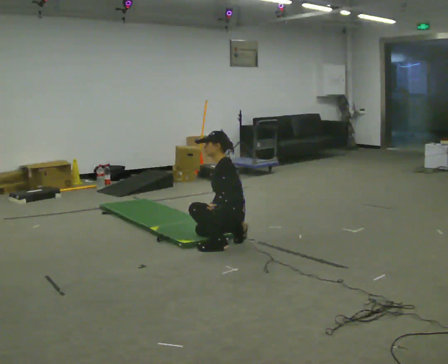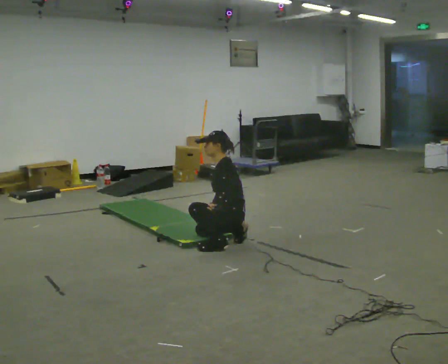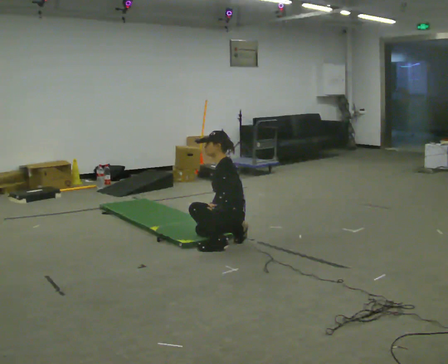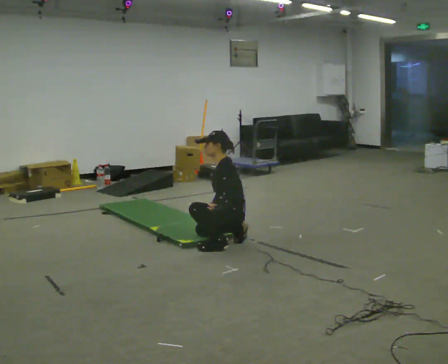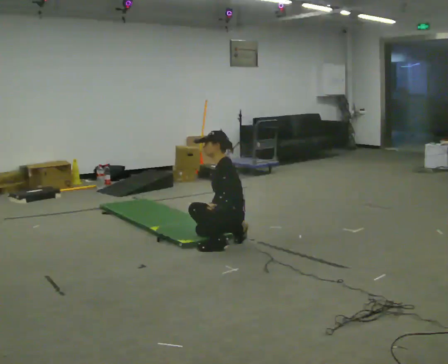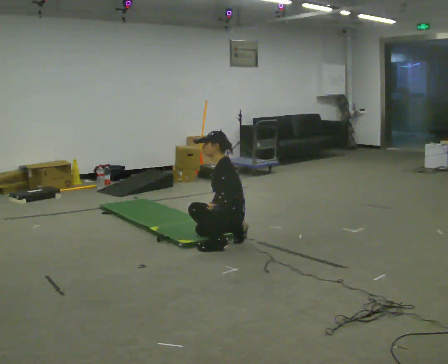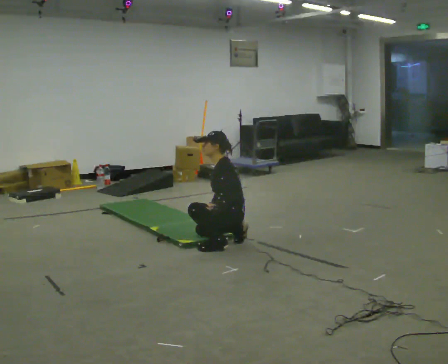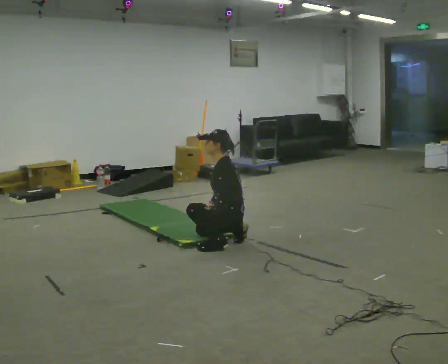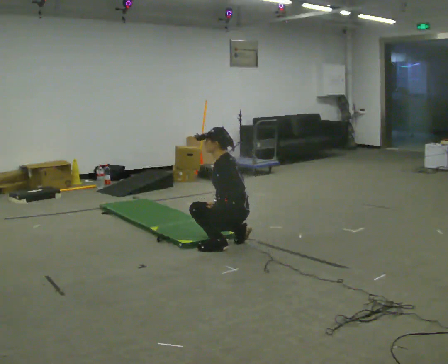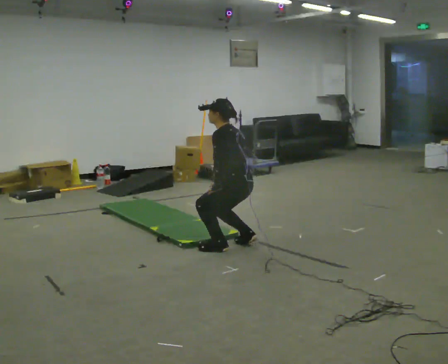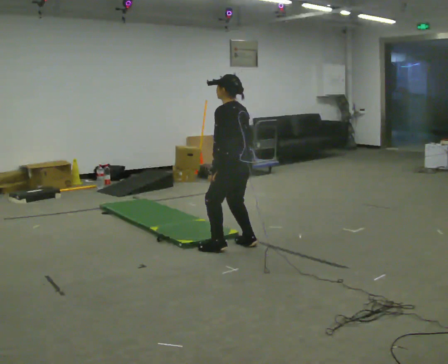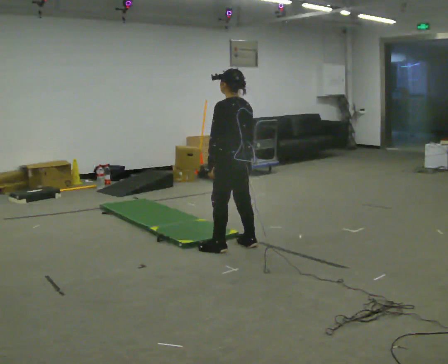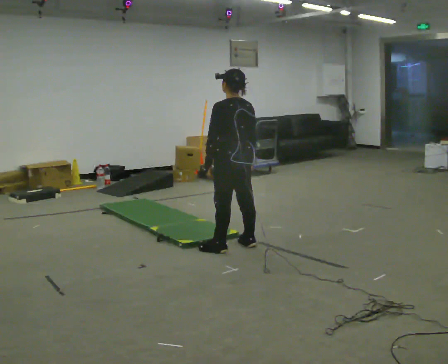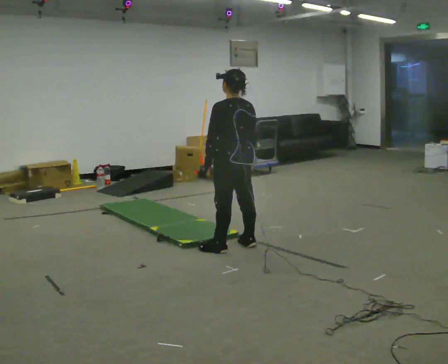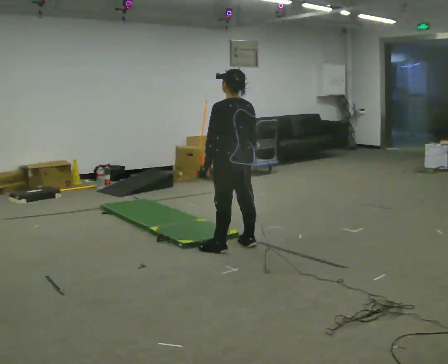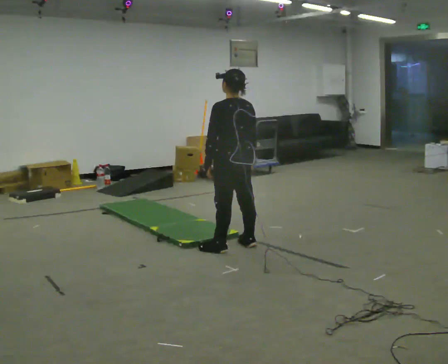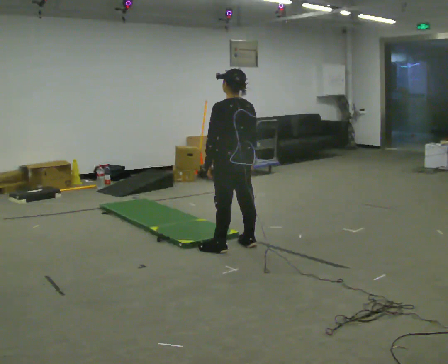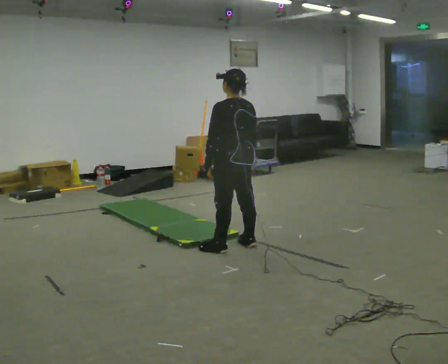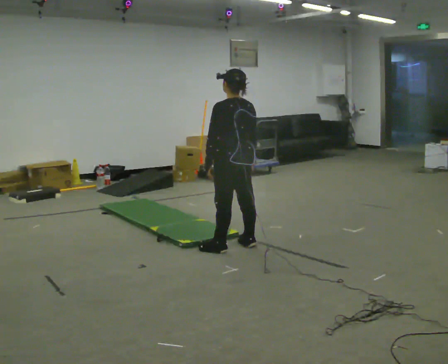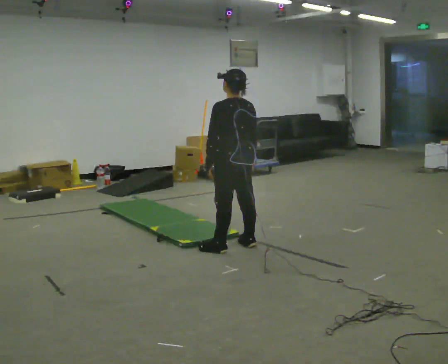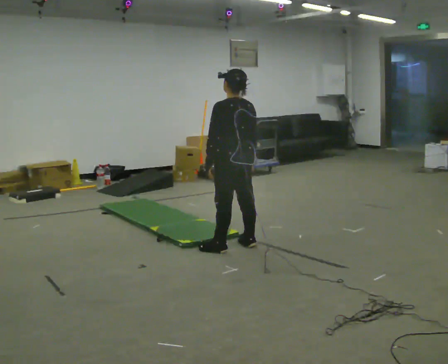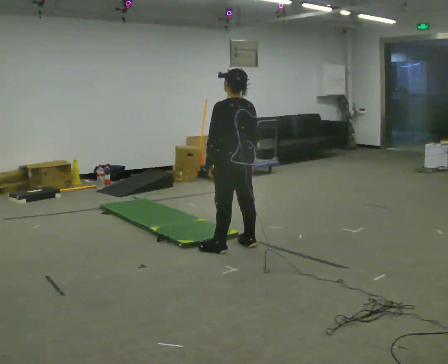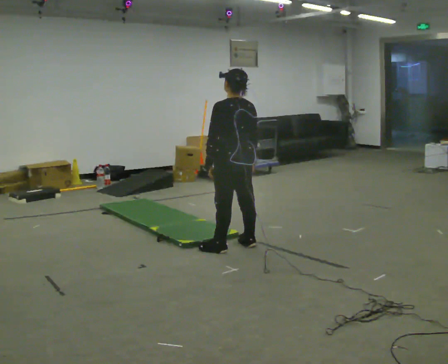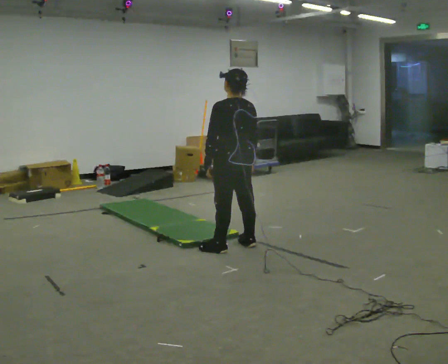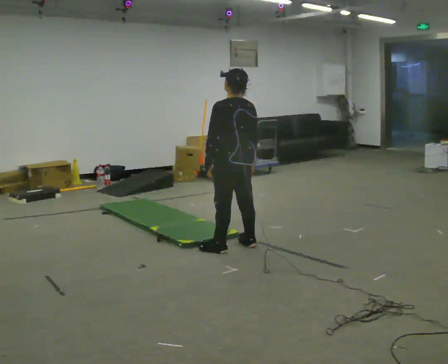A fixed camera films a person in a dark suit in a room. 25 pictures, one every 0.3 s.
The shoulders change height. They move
upward.
Their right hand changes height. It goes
upward.
0.0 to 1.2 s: The person keeps their place and pose.
1.2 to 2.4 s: The person moves a little, or ends about where they began.
2.4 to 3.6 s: Seen from above the body turns clockwise, about 45 degrees: to their right, with its near side sliding to the left. The upper body goes upward. In the picture the upper body tilts clockwise, shoulders to the right. In the picture their left hand goes upward.
3.6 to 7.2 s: The person moves a little, or ends about where they began.
The film runs backward here.
